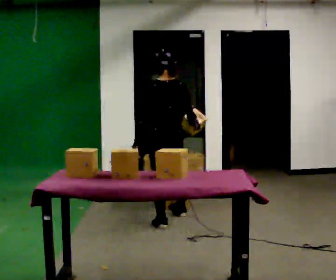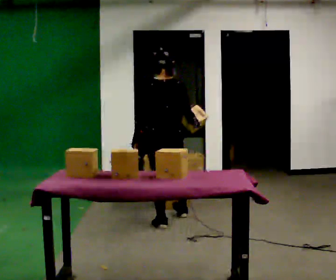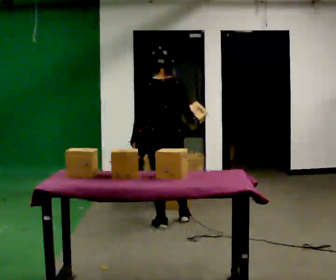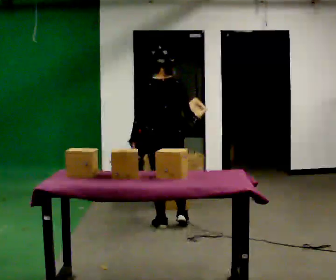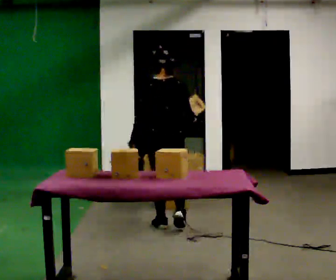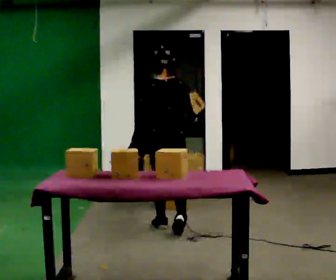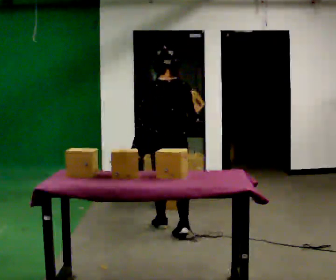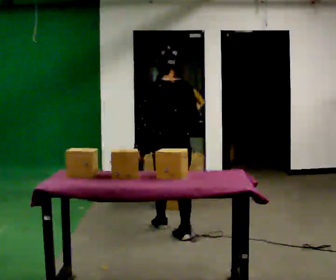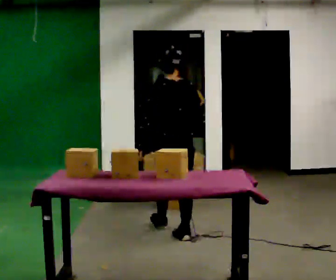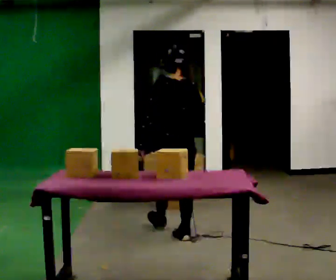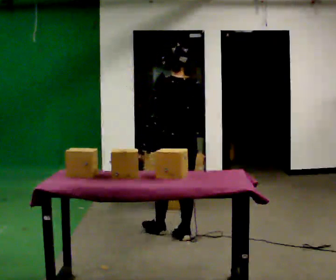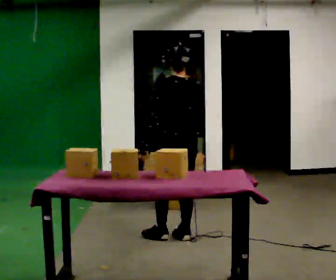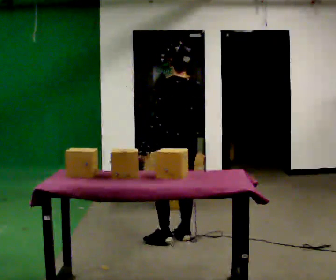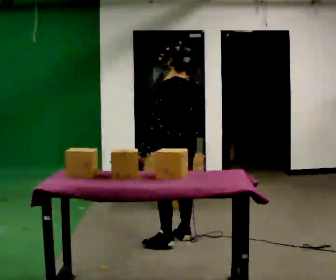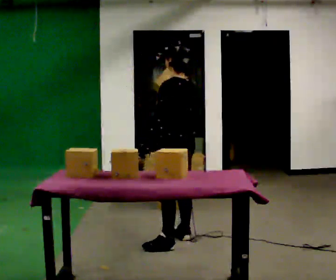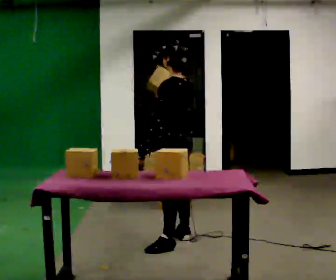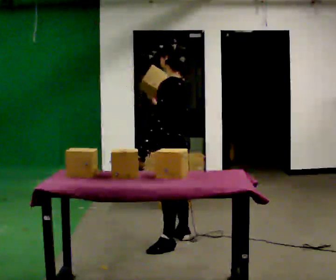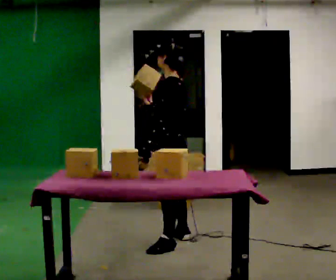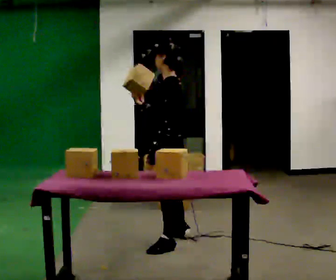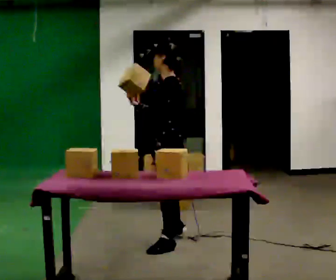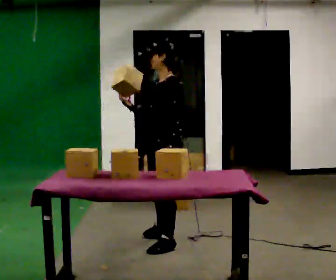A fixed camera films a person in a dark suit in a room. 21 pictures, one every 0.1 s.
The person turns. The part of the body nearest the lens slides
to the right.
The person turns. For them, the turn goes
to their left.
0.0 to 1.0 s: In the picture they go toward the camera, about 0.5 m in 2 steps, which for them is backward.
1.0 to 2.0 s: Seen from above the body turns counterclockwise, about 75 degrees: to their left, with its near side sliding to the right. In the picture they go toward the camera, about 0.25 m in 1 step.
The film runs backward here.
